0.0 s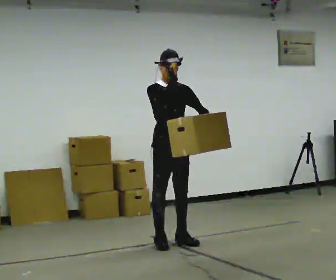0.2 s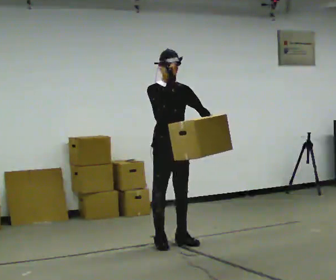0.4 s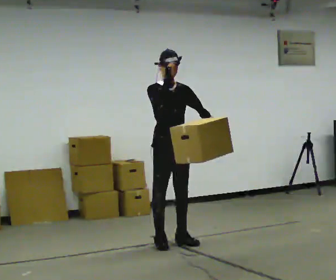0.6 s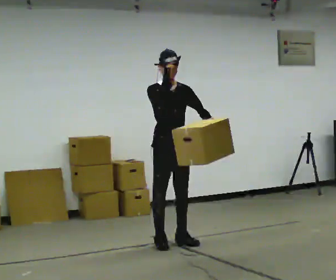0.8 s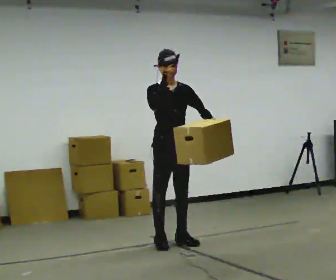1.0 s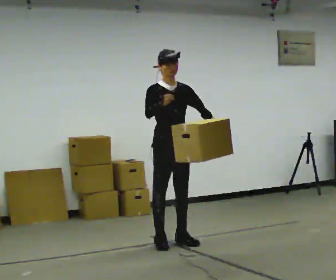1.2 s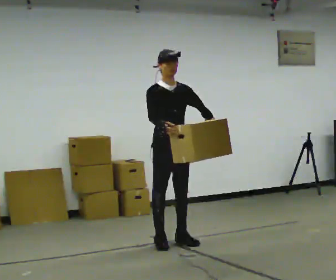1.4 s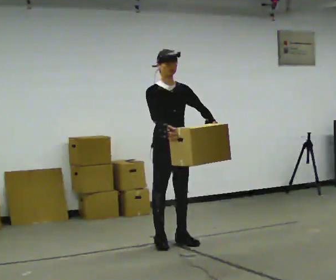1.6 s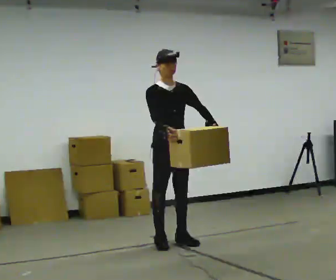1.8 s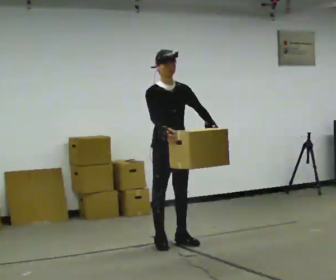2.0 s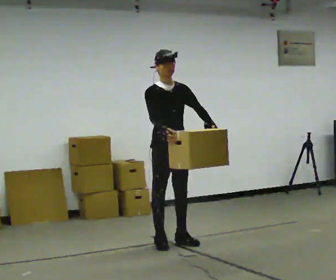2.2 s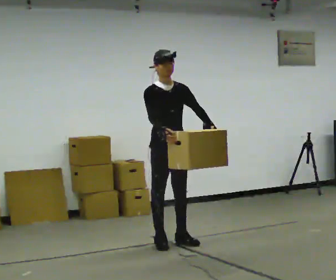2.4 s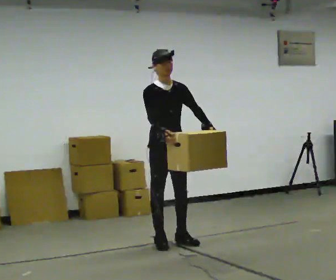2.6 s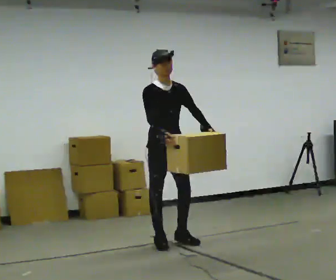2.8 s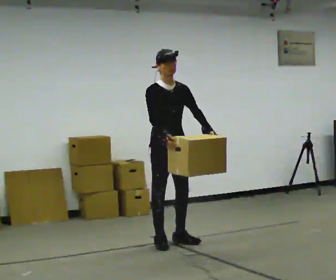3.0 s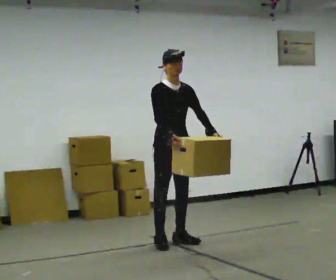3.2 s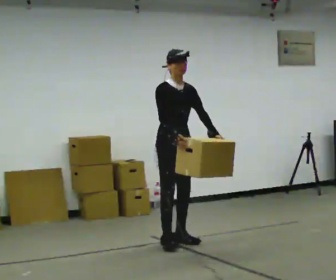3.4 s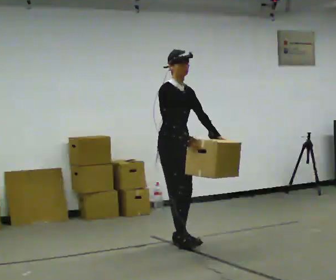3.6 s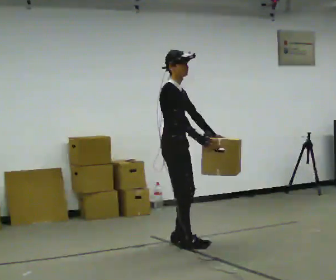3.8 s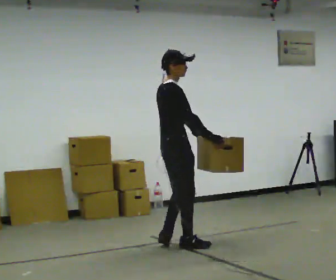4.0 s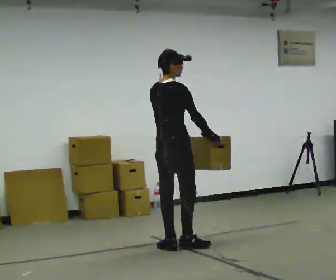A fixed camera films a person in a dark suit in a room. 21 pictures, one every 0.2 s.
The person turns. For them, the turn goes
to their left.
Their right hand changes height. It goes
downward.
0.0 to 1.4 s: In the picture their right hand goes downward.
1.4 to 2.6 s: The person moves a little, or ends about where they began.
2.6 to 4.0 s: The person turns about 105 degrees to their left, counterclockwise seen from above, so the part of the body nearest the lens slides to the right. In the picture they go toward the camera, about 0.25 m in 2 steps.
The film runs backward here.
